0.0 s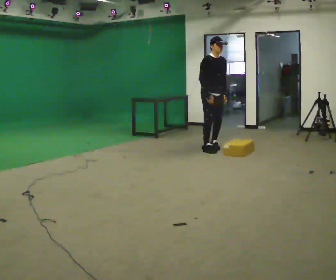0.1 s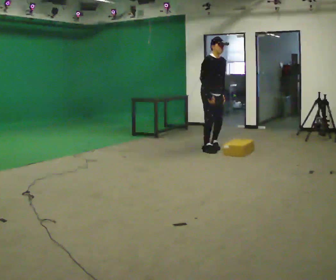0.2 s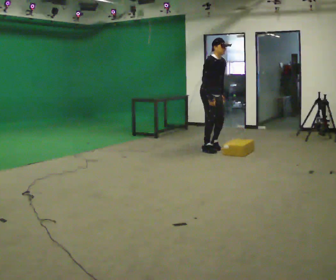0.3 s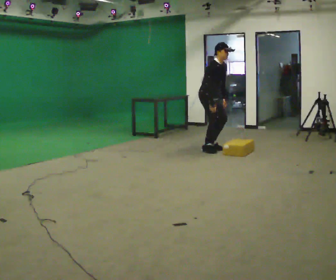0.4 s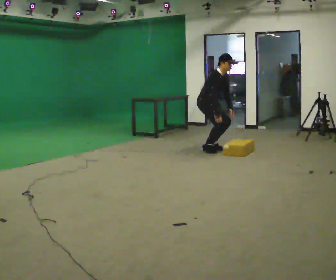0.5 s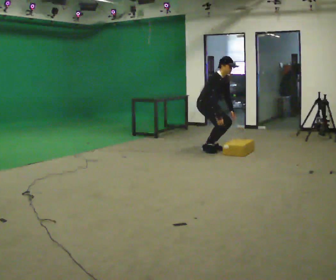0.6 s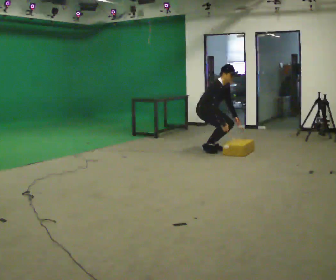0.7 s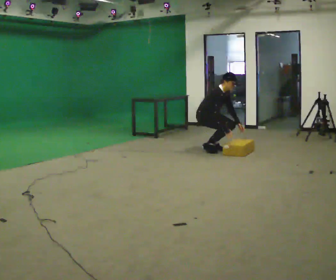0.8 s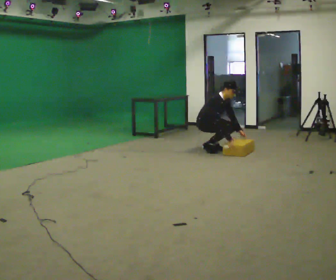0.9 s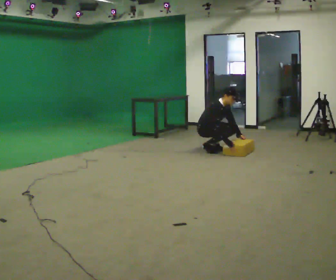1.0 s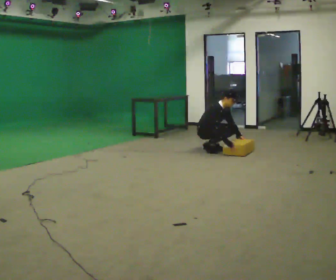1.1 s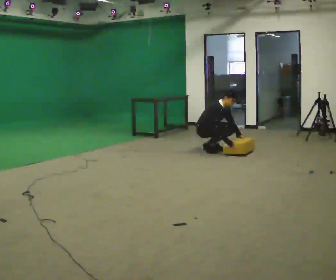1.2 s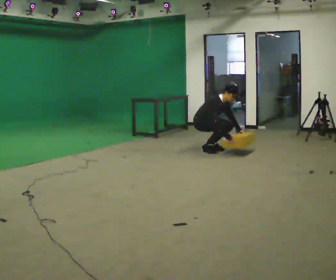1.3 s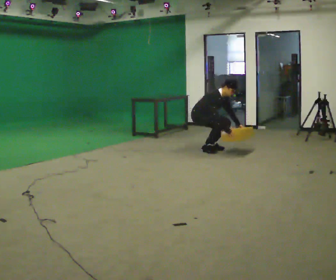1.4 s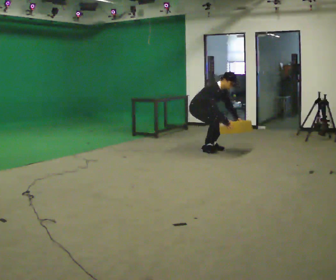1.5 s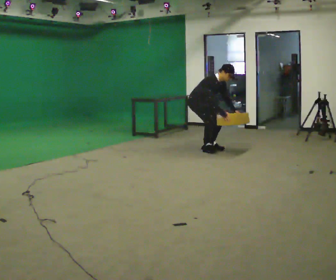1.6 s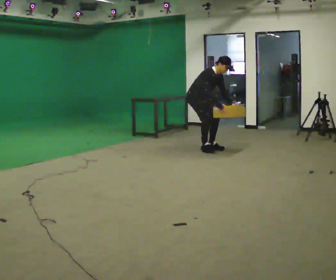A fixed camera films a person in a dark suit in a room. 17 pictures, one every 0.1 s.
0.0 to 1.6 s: Seen from above the body turns counterclockwise, about 30 degrees: to their left, with its near side sliding to the right. In the picture they go to the left, about 0.25 m in 1 step, which for them is backward. In the picture the upper body tilts clockwise, shoulders to the right, as they bend forward.
The film runs backward here.
